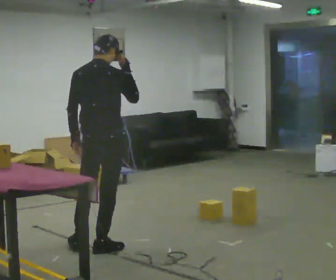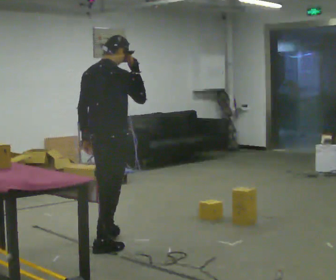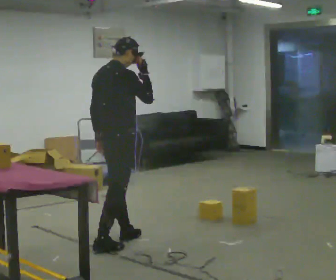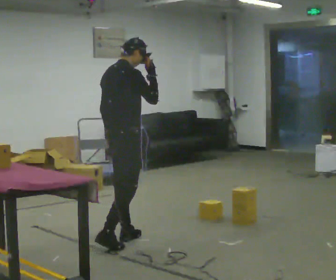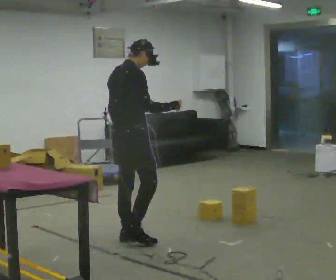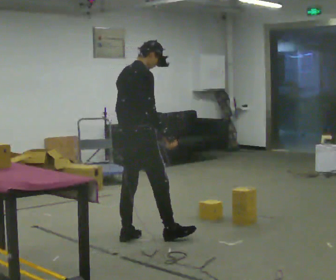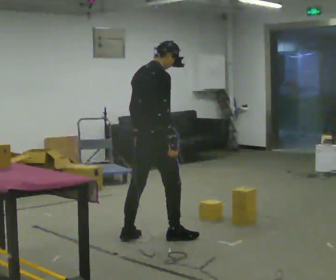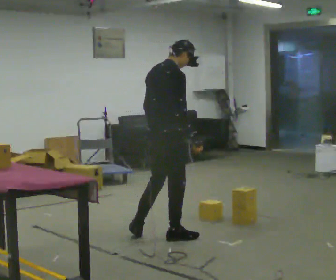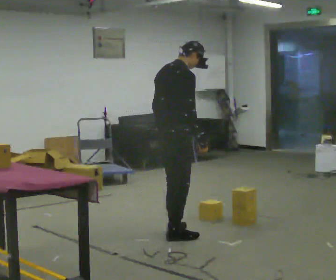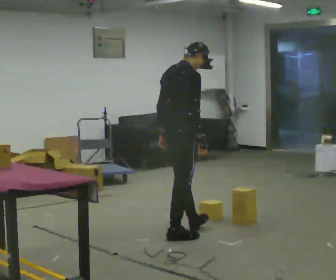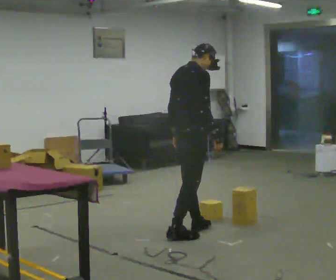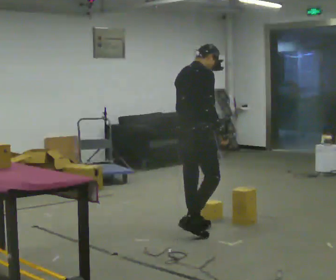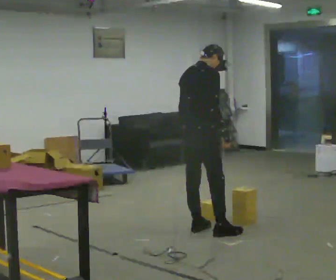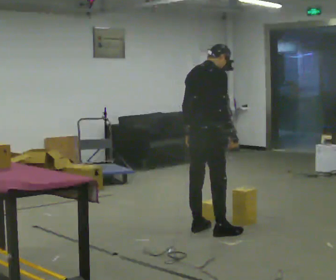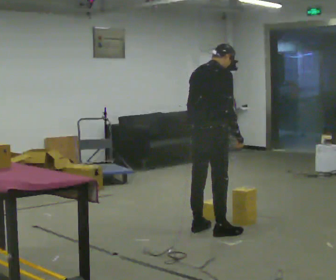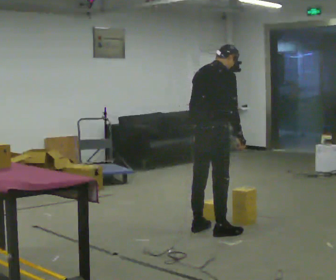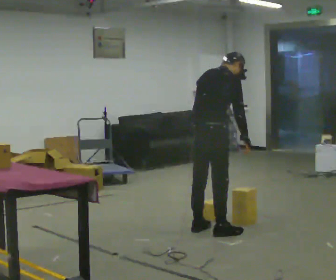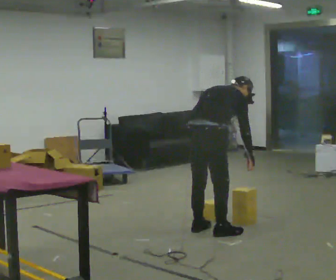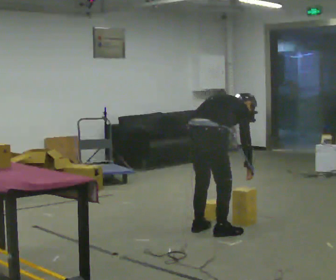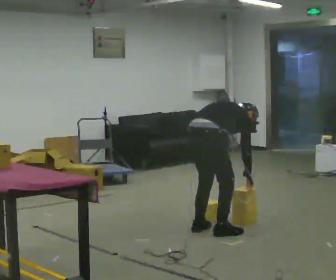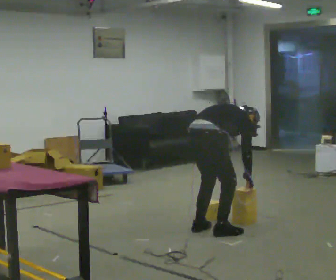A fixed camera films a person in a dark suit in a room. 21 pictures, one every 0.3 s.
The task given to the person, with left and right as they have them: Carry the box over and put it on the shelf with the label facing out towards you. Get the orientation right, not just the position. Keep going until the operator says stop; one object at a time, and do not rush between trips.
0.0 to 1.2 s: Seen from above the body turns clockwise, about 30 degrees: to their right, with its near side sliding to the left. In the picture they go away from the camera and to the right, about 0.5 m in 1 step, which for them is forward.
1.2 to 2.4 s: In the picture they go to the right, about 0.25 m in 1 step, which for them is forward and to their right.
2.4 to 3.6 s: In the picture they go to the right and away from the camera, about 0.25 m in 2 steps, which for them is forward.
3.6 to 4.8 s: In the picture the upper body tilts clockwise, shoulders to the right, as they bend forward.
4.8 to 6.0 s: The shoulders move downward. In the picture the upper body tilts clockwise, shoulders to the right, as they bend forward. In the picture their left hand goes downward.
The film runs forward here.
